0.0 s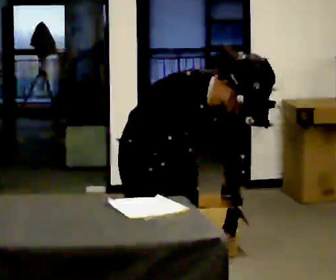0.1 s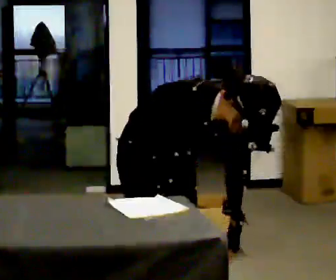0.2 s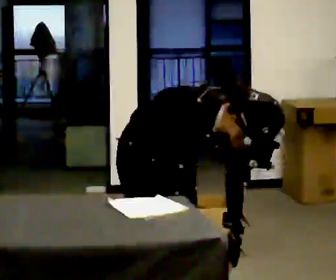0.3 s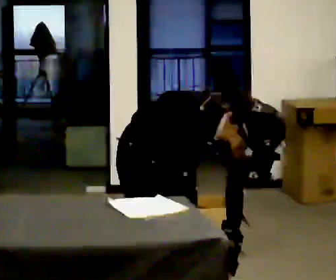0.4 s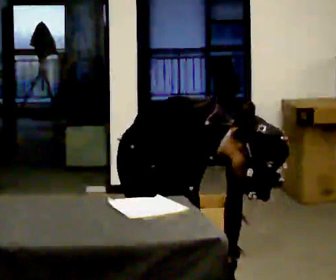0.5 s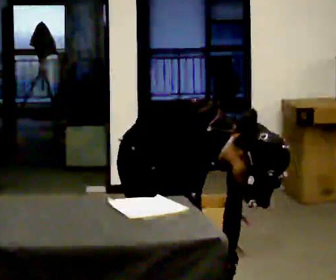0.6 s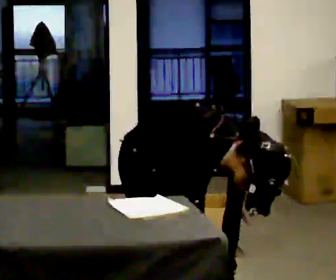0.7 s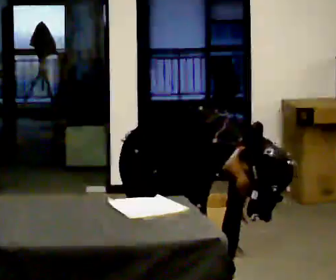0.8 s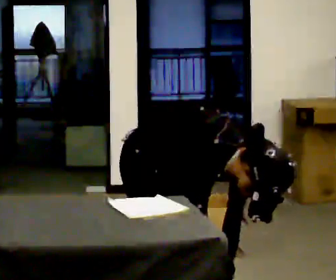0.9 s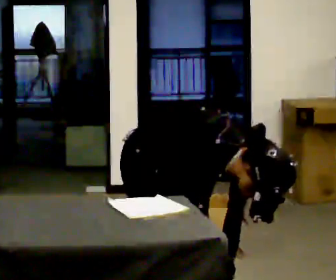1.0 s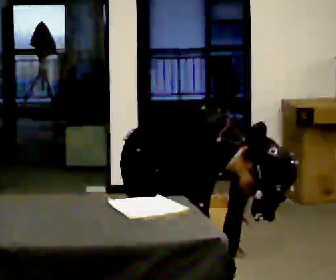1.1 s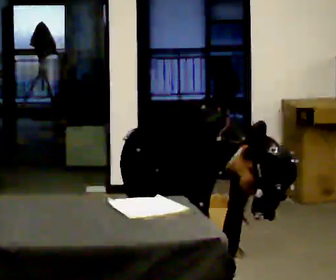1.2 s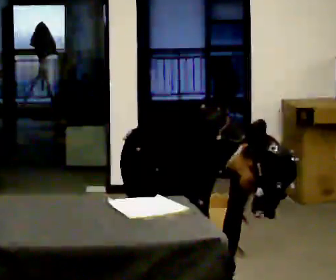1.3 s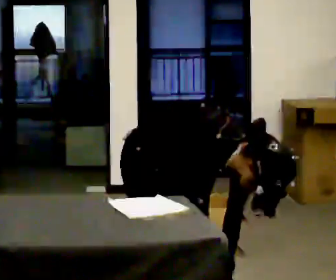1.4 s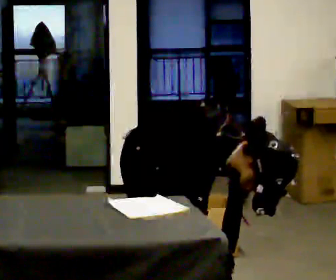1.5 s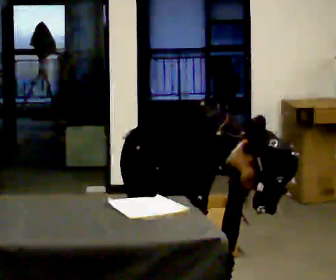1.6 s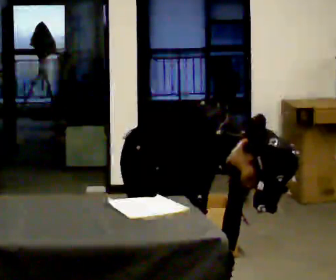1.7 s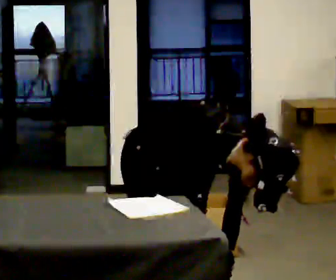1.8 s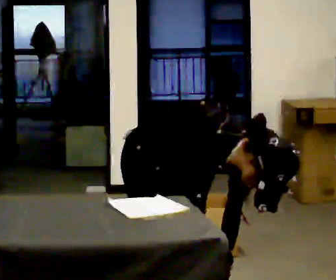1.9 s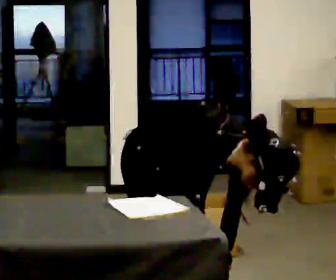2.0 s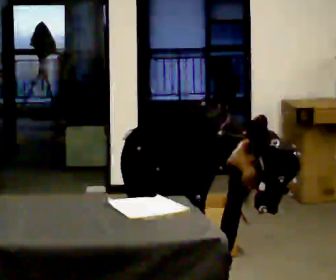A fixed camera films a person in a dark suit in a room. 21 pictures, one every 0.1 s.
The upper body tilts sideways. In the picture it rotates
clockwise.
0.0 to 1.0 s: The shoulders move downward. In the picture the upper body tilts clockwise, shoulders to the right, as they bend forward.
1.0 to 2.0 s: The person moves a little, or ends about where they began.
The film runs backward here.
